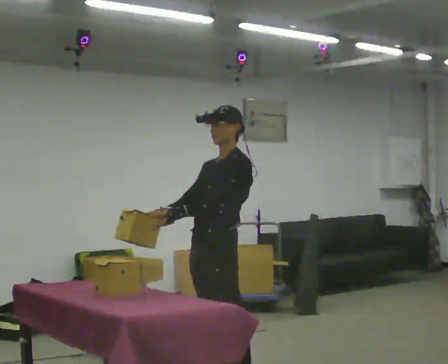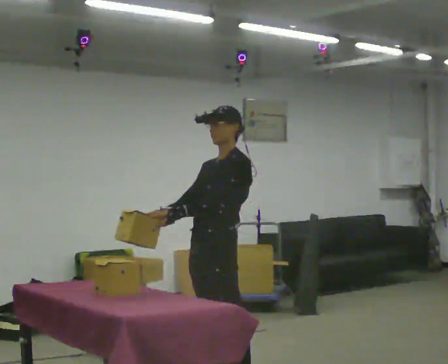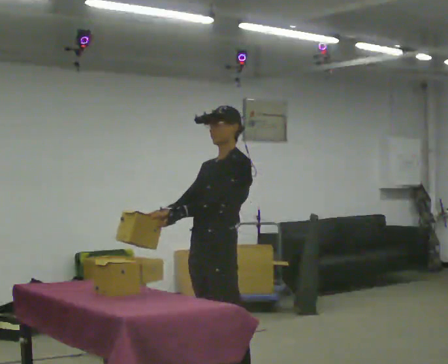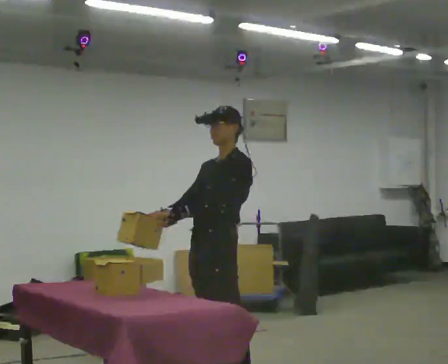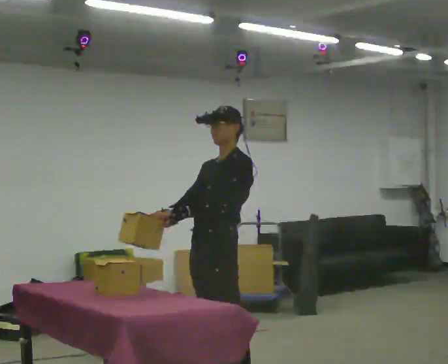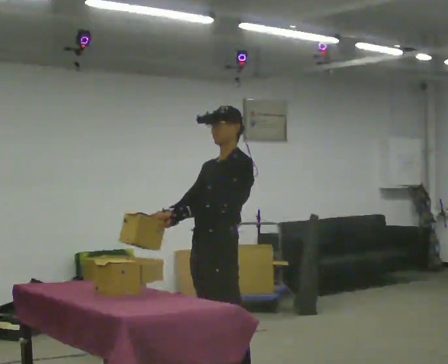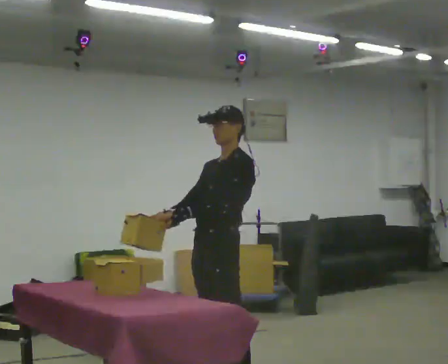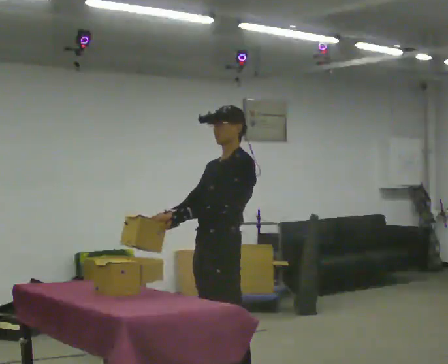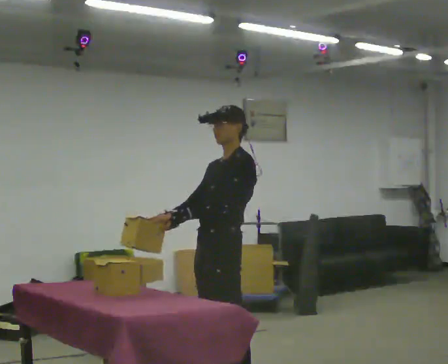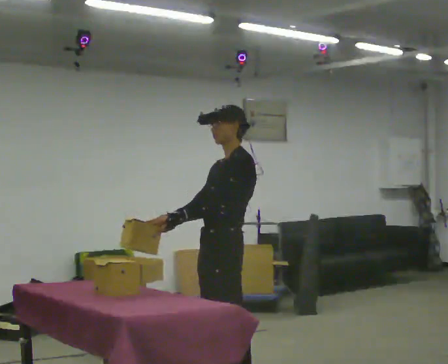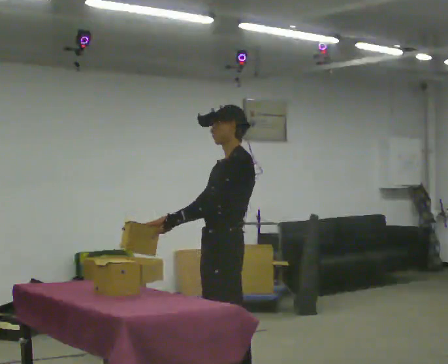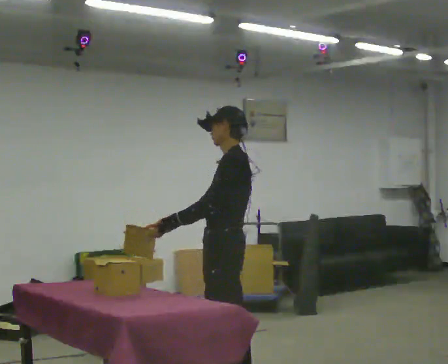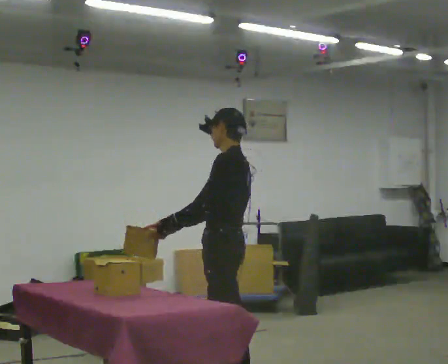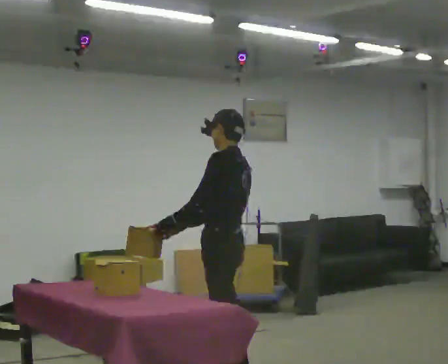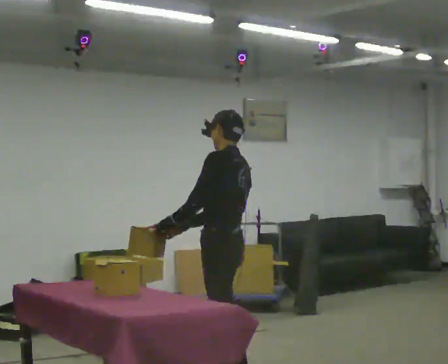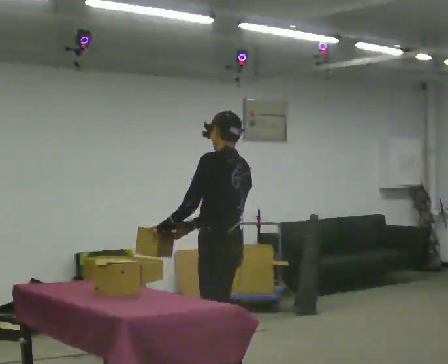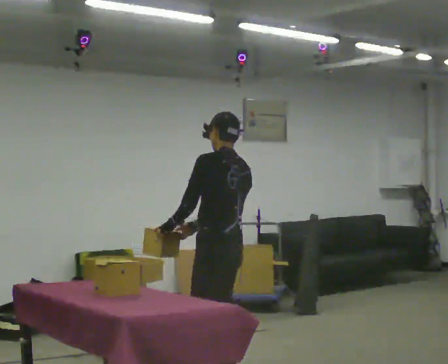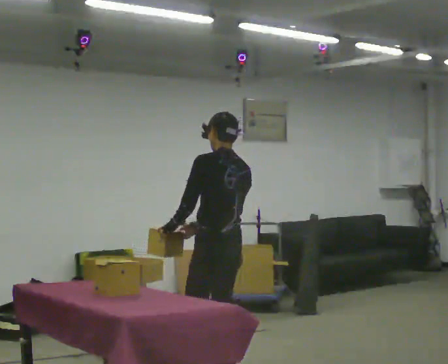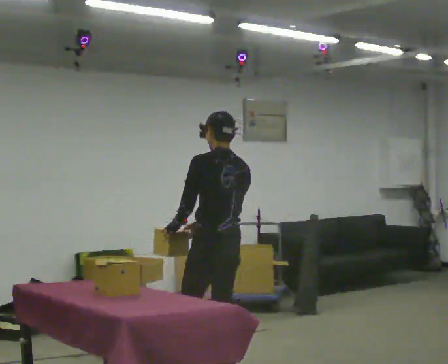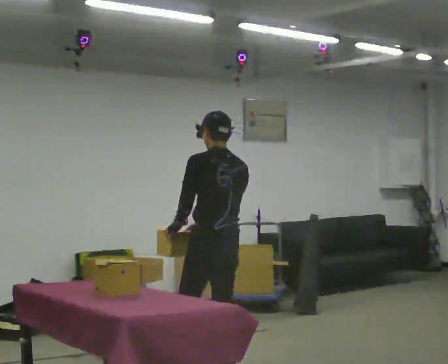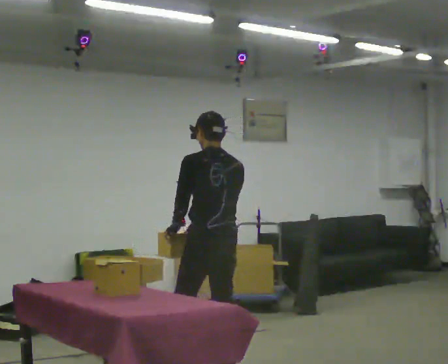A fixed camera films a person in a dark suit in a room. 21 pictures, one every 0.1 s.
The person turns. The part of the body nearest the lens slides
to the left.
The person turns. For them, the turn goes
to their right.
0.0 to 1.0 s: The person moves a little, or ends about where they began.
1.0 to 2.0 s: Seen from above the body turns clockwise, about 60 degrees: to their right, with its near side sliding to the left. In the picture they go away from the camera, about 0.25 m.
The film runs forward here.
